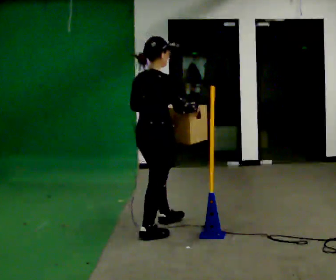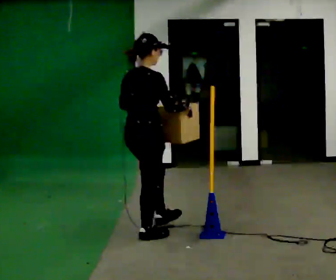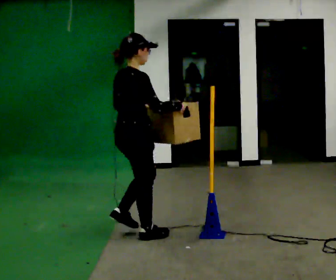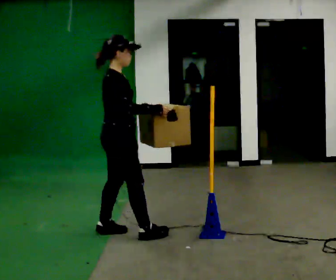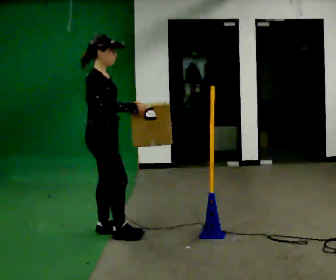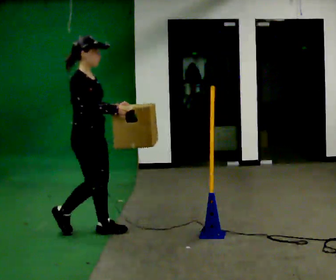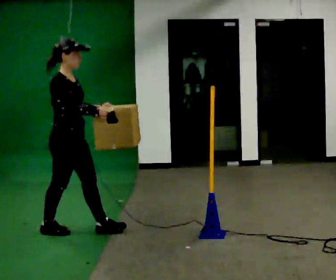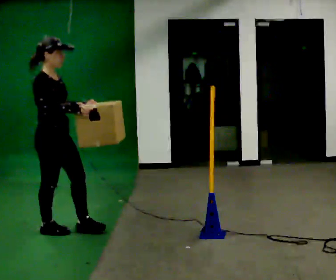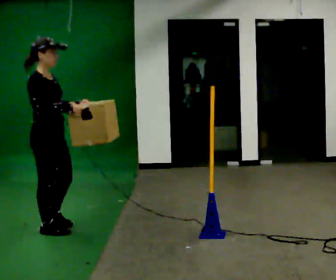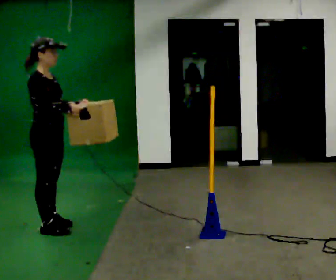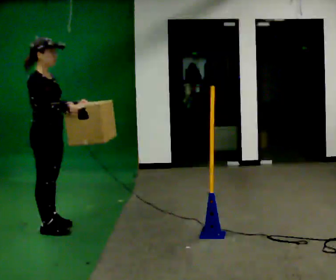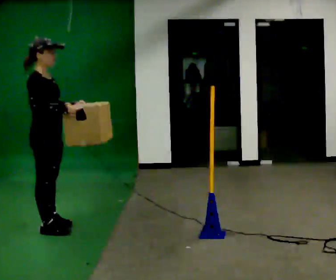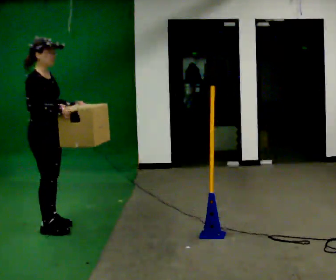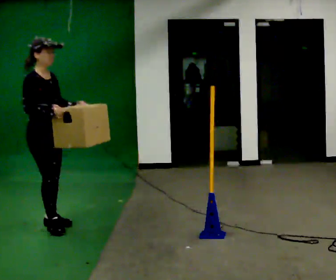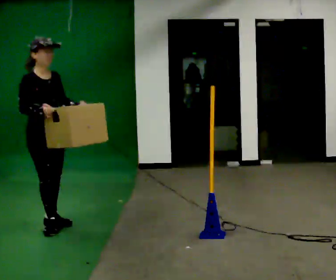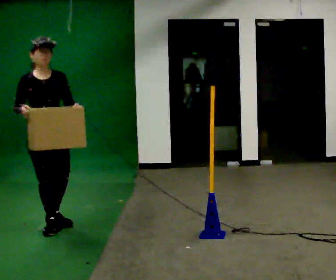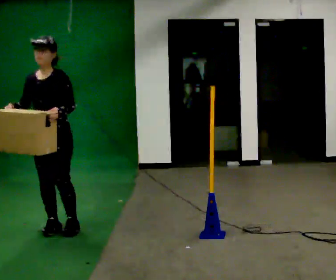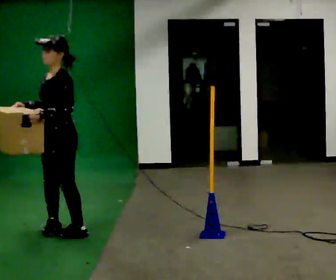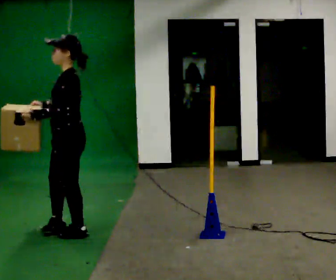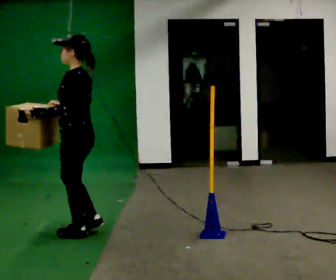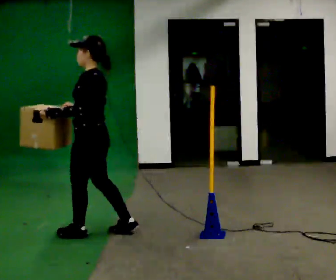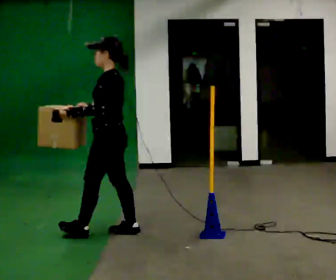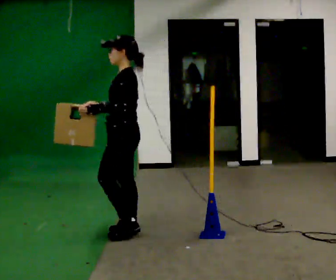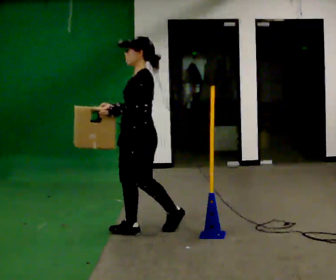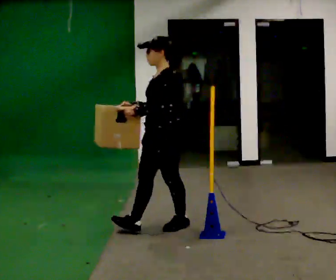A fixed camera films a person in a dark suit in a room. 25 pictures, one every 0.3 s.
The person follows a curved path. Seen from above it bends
clockwise.
0.0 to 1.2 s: The person turns about 45 degrees to their right, clockwise seen from above, so the part of the body nearest the lens slides to the left. In the picture they go to the left, about 0.5 m in 2 steps, which for them is backward and to their left.
1.2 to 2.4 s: In the picture they go to the left, about 0.5 m in 1 step, which for them is backward.
2.4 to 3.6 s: In the picture they go away from the camera, about 0.25 m, which for them is to their left.
3.6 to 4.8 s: The part of the body nearest the lens slides to the left as the person turns to their right by about 90 degrees.
4.8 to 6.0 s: The person turns about 90 degrees to their right, clockwise seen from above, so the part of the body nearest the lens slides to the left. In the picture they go to the right and toward the camera, about 0.5 m in 1 step.
6.0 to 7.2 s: Seen from above the body turns counterclockwise, about 30 degrees: to their left, with its near side sliding to the right. In the picture they go to the right, about 0.5 m in 1 step, which for them is backward.
The film runs backward here.
